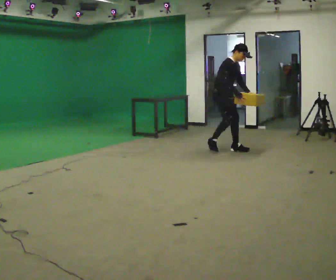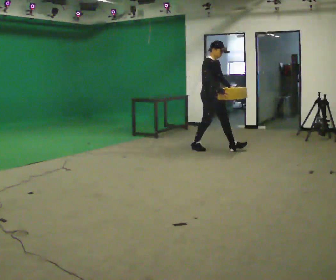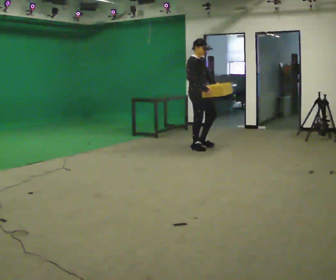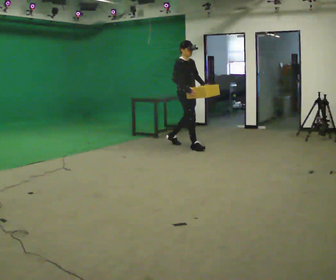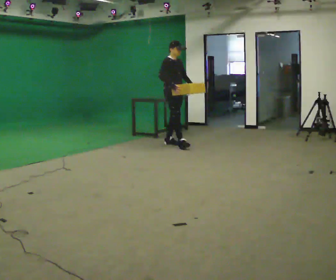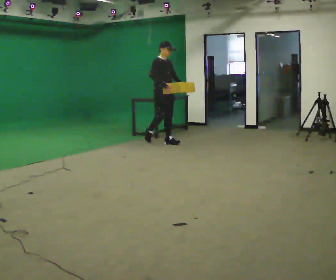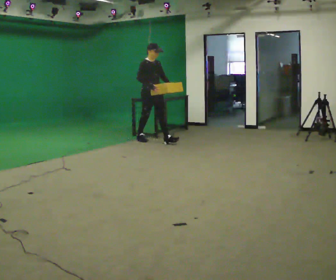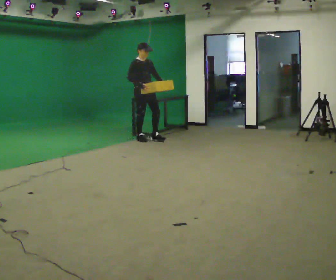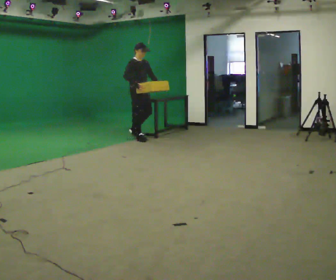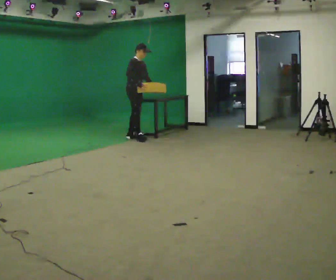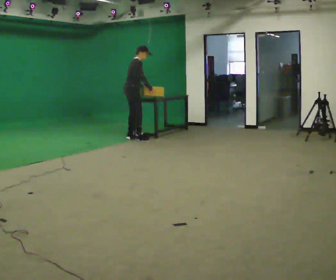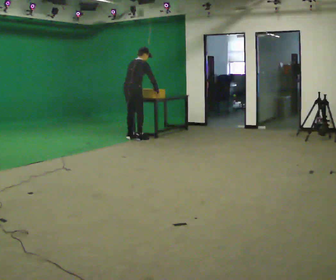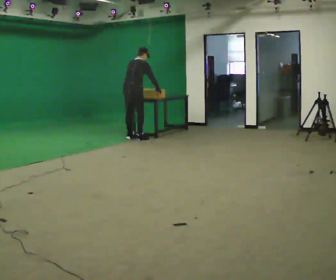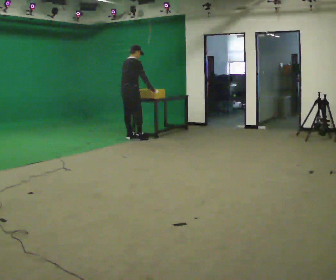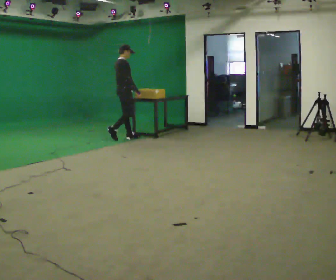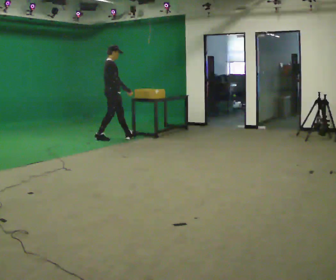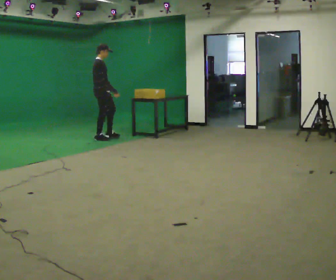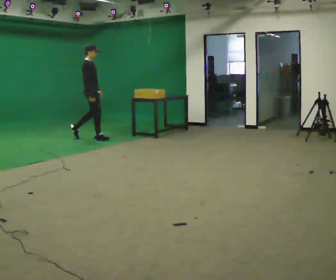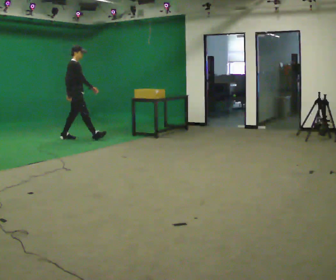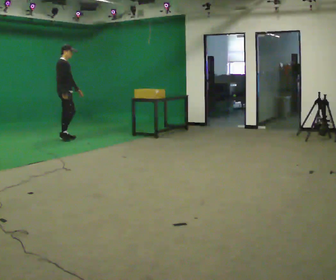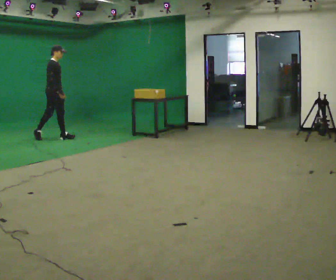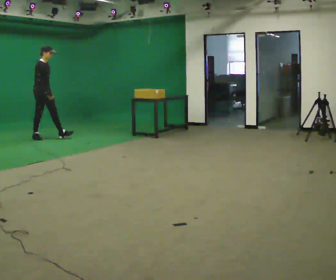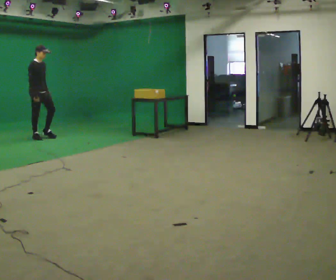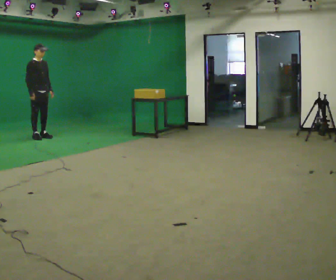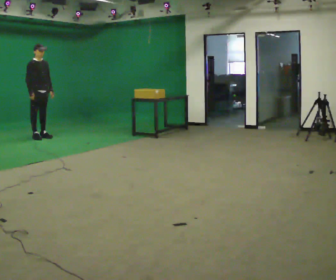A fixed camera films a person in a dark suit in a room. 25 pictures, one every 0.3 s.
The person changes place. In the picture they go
to the left.
0.0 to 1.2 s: In the picture they go to the left and away from the camera, about 1 m in 2 steps, which for them is backward. In the picture the upper body tilts counterclockwise, shoulders to the left, as they lean back or straighten.
1.2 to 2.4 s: In the picture they go to the left and away from the camera, about 1 m in 1 step, which for them is backward.
2.4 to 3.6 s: The person turns about 90 degrees to their left, counterclockwise seen from above, so the part of the body nearest the lens slides to the right. The upper body tips away from the camera, its near side rolling upward, as they bend forward. In the picture their left hand goes to the left, the arm swinging clockwise.
3.6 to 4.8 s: Seen from above the body turns clockwise, about 45 degrees: to their right, with its near side sliding to the left. In the picture they go to the left, about 0.5 m in 2 steps, which for them is backward. The upper body tips toward the camera, its near side rolling downward, as they lean back or straighten.
4.8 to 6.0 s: In the picture they go to the left, about 1 m in 1 step, which for them is backward.
6.0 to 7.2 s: The part of the body nearest the lens slides to the left as the person turns to their right by about 30 degrees. In the picture they go to the left, about 0.25 m in 1 step, which for them is backward.
The film runs backward here.
